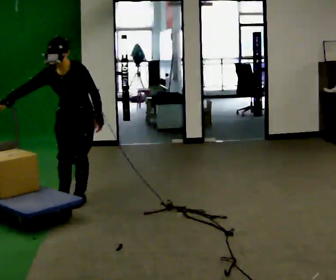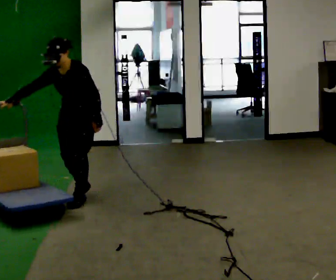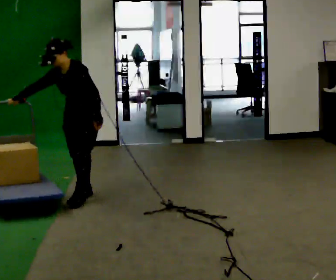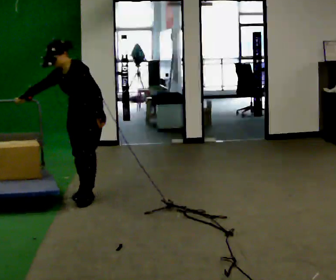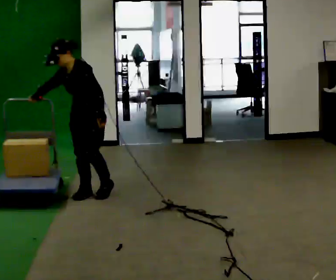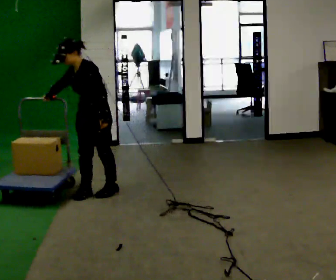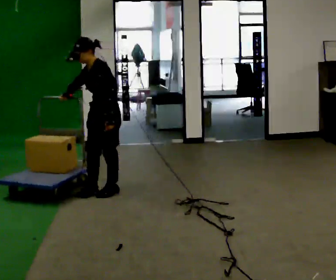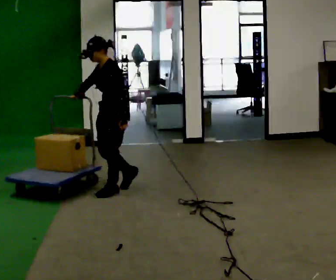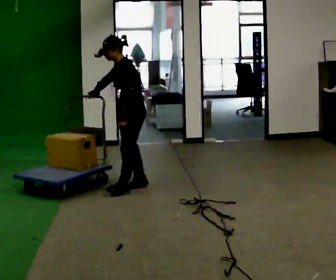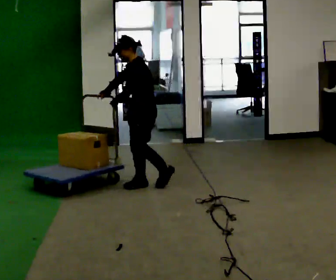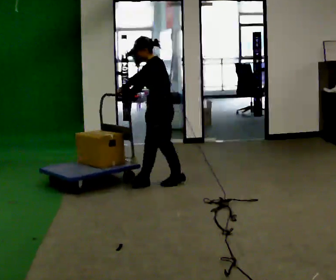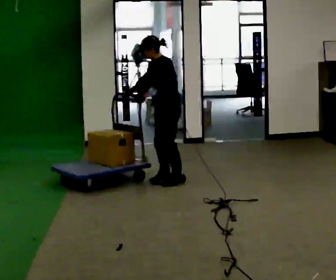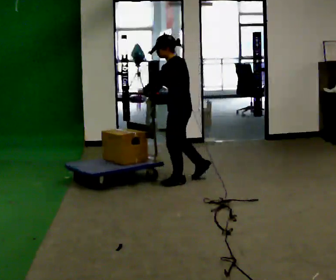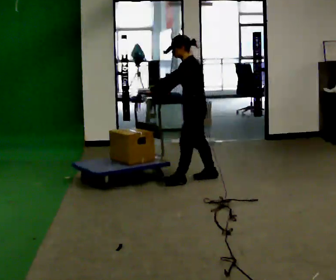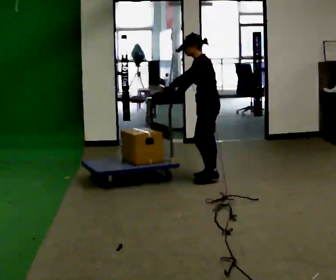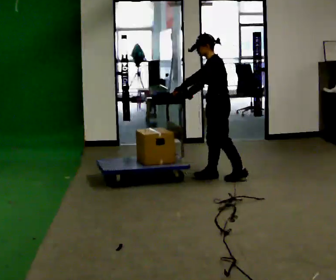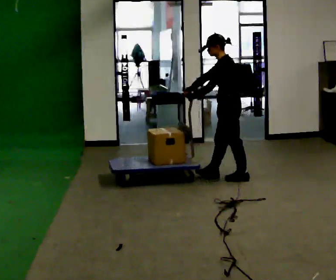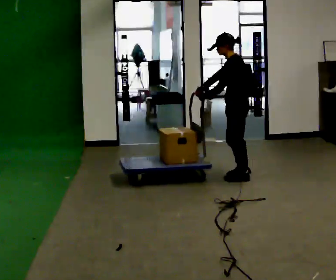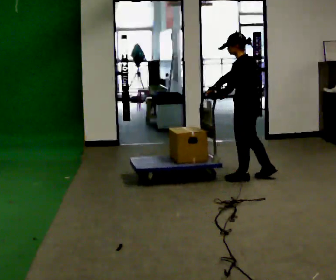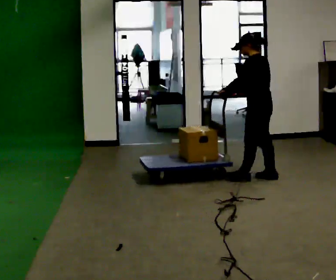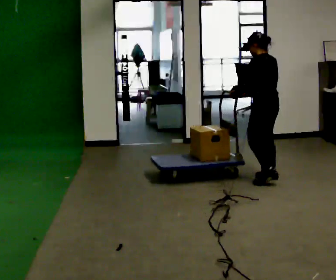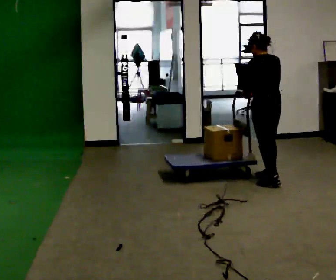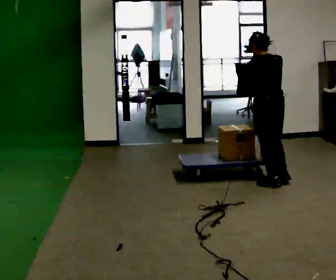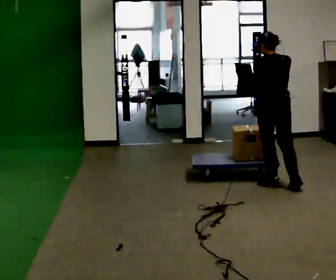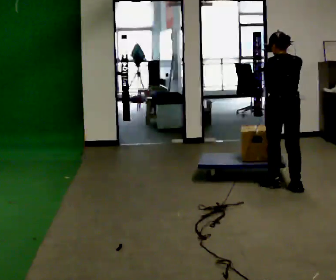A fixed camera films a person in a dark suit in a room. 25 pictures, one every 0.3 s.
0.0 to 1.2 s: The part of the body nearest the lens slides to the left as the person turns to their right by about 30 degrees. In the picture they go away from the camera, about 0.25 m in 1 step, which for them is backward.
1.2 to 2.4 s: Seen from above the body turns clockwise, about 30 degrees: to their right, with its near side sliding to the left. In the picture they go to the right and away from the camera, about 0.5 m in 2 steps, which for them is backward.
2.4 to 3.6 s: The person turns about 30 degrees to their right, clockwise seen from above, so the part of the body nearest the lens slides to the left. In the picture they go to the right and away from the camera, about 0.5 m in 1 step, which for them is backward.
3.6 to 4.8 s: In the picture they go to the right, about 0.5 m in 2 steps, which for them is backward.
4.8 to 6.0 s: Seen from above the body turns clockwise, about 30 degrees: to their right, with its near side sliding to the left. In the picture they go to the right, about 0.25 m in 1 step, which for them is backward.
6.0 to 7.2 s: Seen from above the body turns clockwise, about 45 degrees: to their right, with its near side sliding to the left. In the picture they go toward the camera, about 0.5 m in 1 step, which for them is backward.
The film runs backward here.
